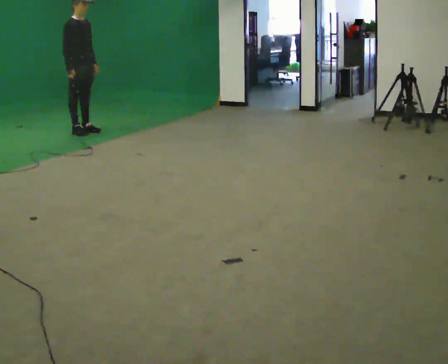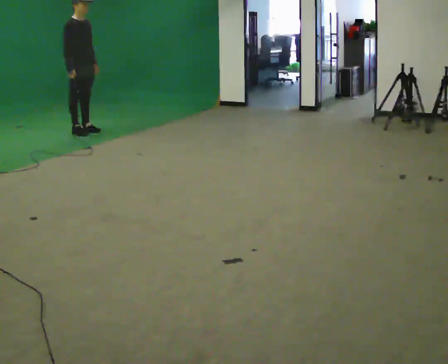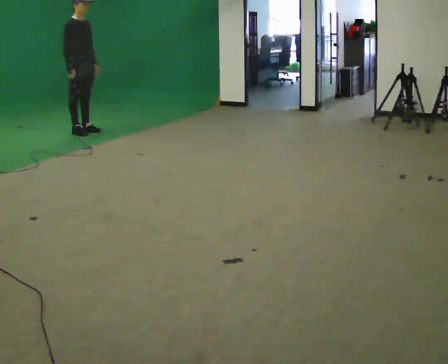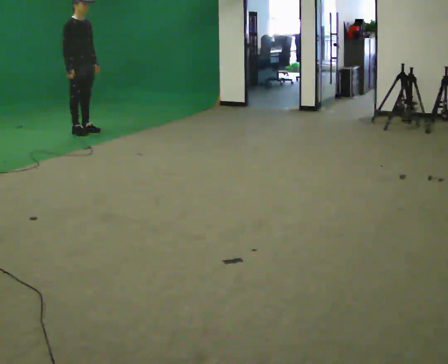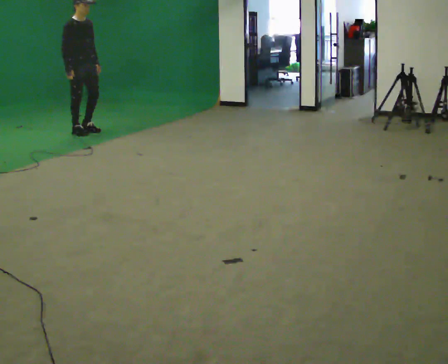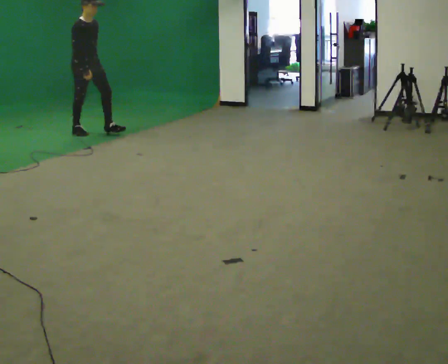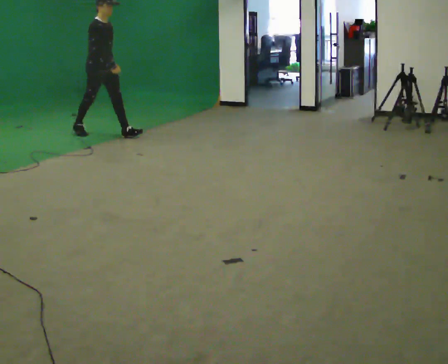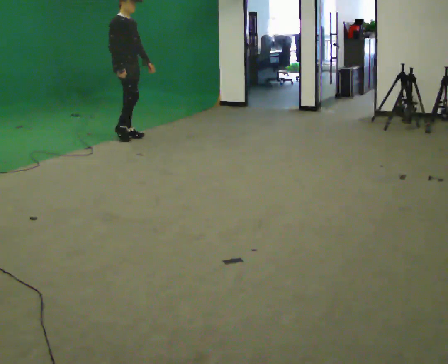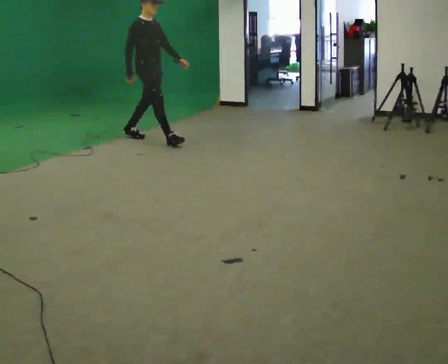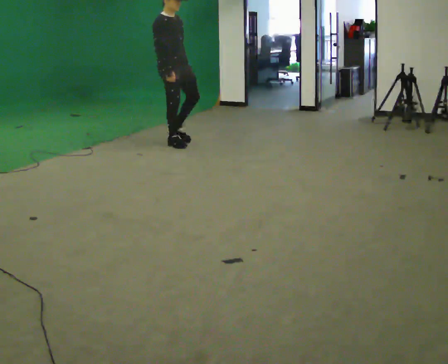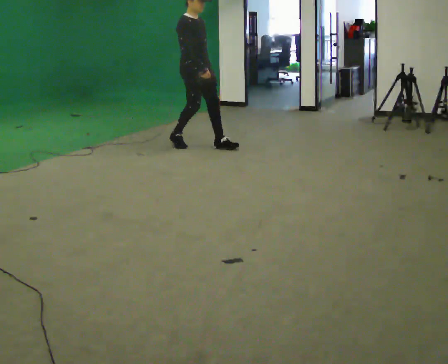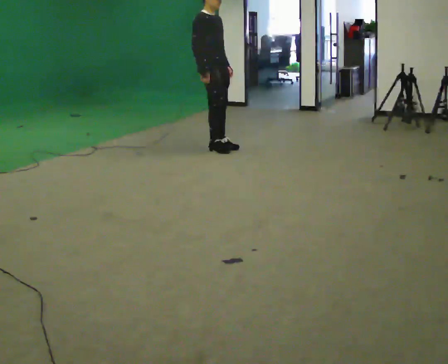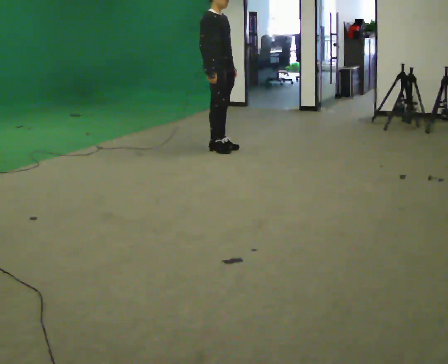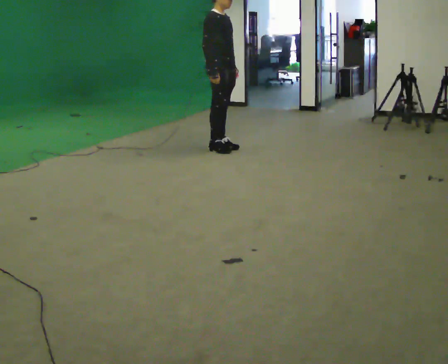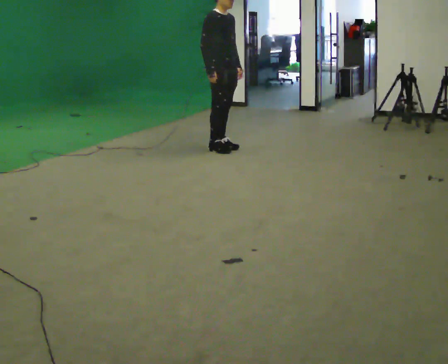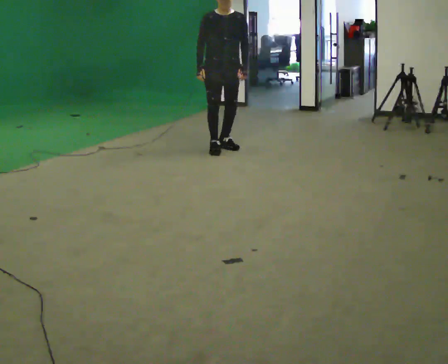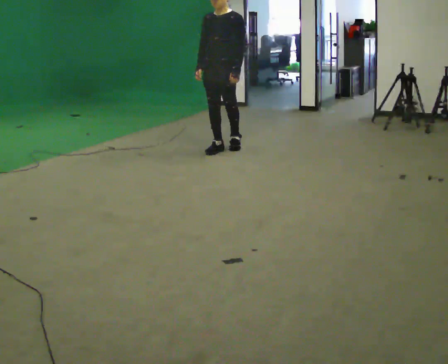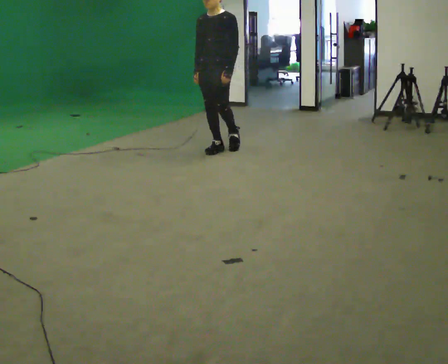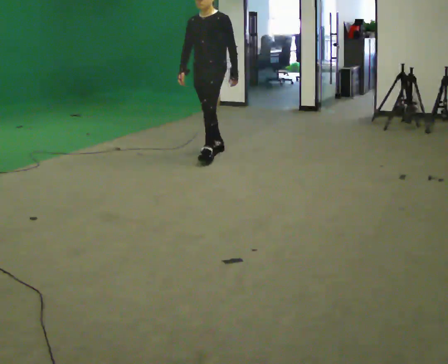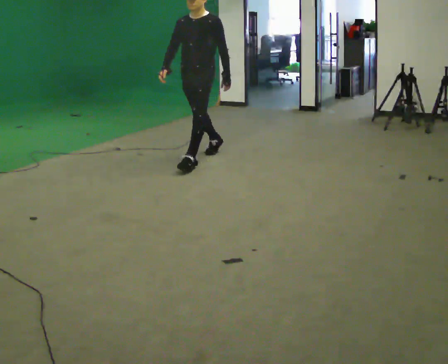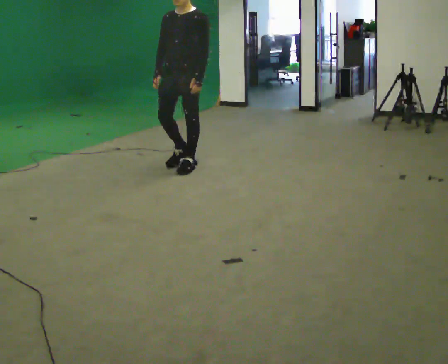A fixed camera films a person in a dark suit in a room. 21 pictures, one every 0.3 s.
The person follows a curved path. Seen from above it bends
clockwise.
0.0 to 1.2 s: The person moves a little, or ends about where they began.
1.2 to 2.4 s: In the picture they go to the right and toward the camera, about 1 m in 1 step, which for them is forward.
2.4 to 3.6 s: In the picture they go to the right and toward the camera, about 1 m in 3 steps, which for them is forward.
3.6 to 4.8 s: The person turns about 90 degrees to their right, clockwise seen from above, so the part of the body nearest the lens slides to the left.
4.8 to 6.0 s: In the picture they go toward the camera and to the left, about 0.5 m in 1 step, which for them is forward.
The film runs forward here.
